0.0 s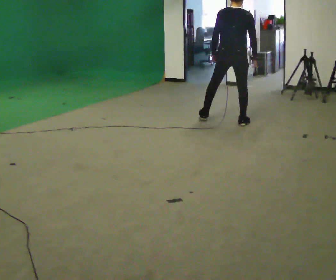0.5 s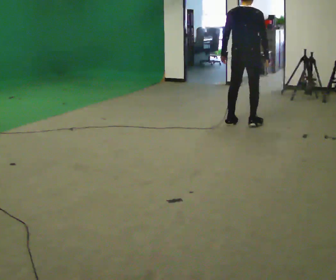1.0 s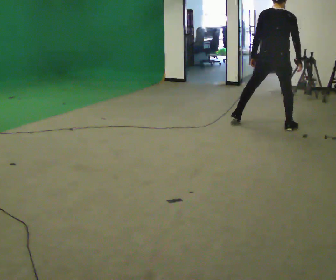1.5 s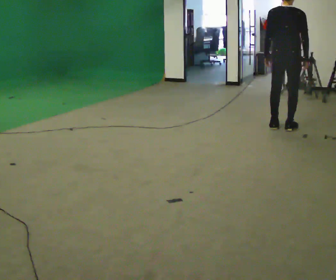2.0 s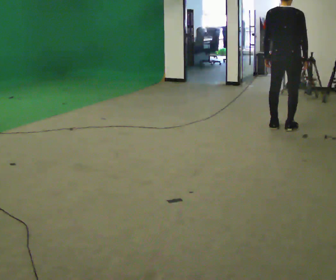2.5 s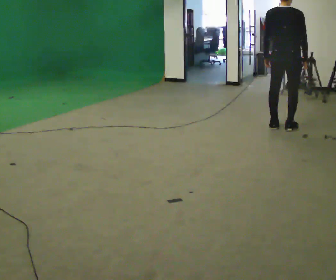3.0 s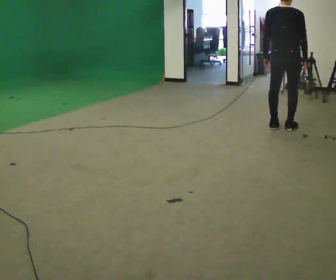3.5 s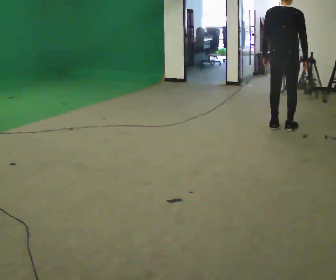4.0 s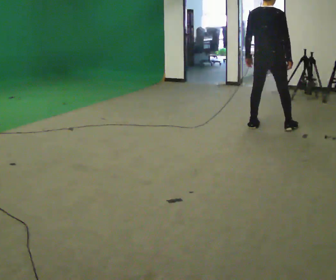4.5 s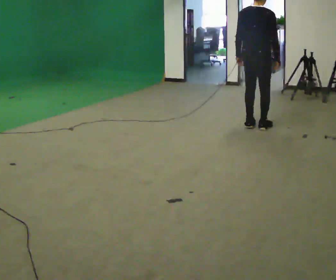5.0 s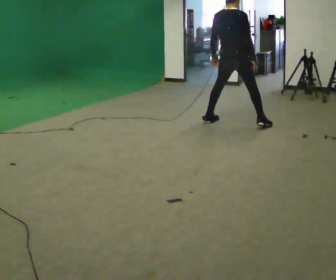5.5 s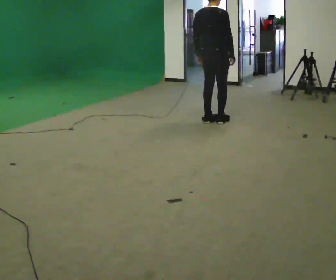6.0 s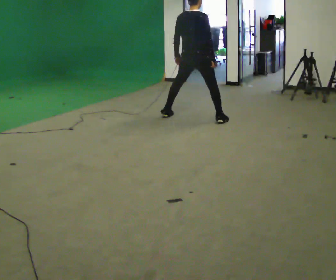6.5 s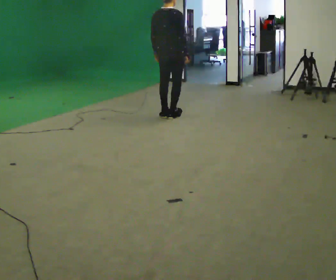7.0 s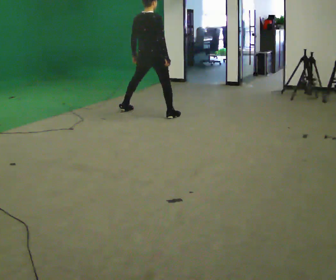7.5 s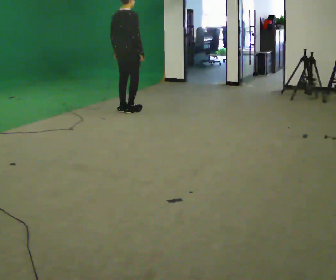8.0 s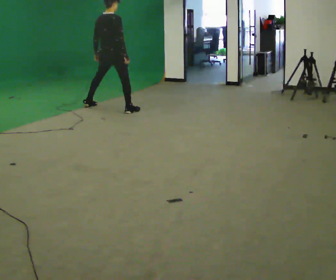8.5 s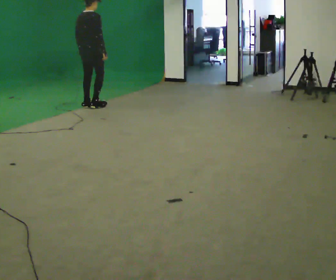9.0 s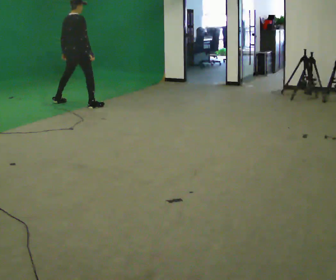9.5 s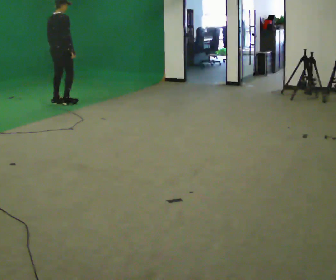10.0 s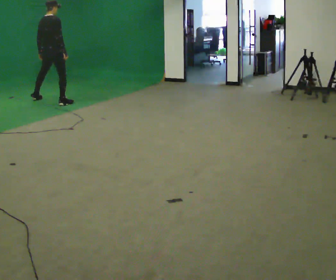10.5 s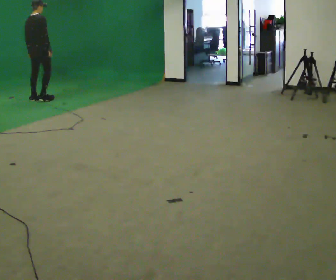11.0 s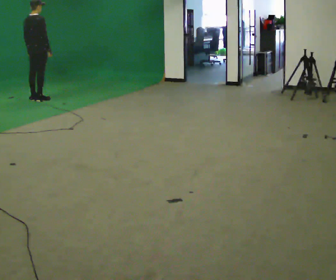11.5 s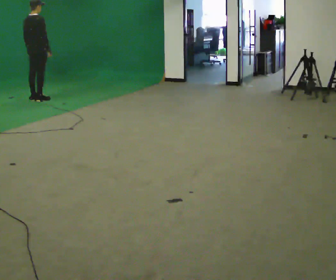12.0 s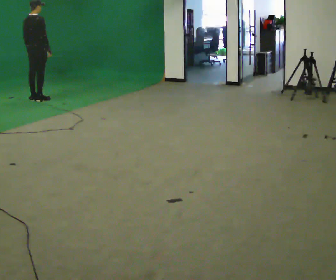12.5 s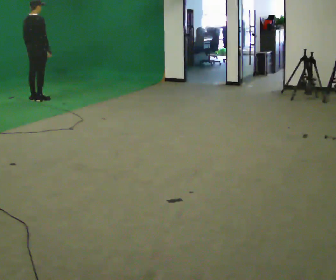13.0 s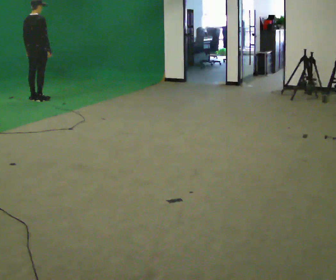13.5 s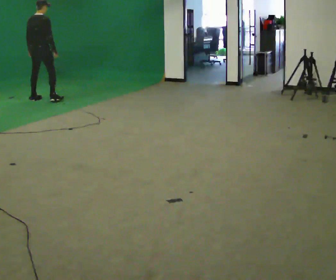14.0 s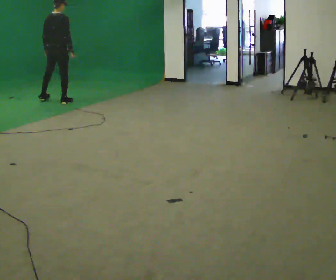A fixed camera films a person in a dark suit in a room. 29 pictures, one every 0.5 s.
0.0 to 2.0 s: In the picture they go to the right and toward the camera, about 0.5 m in 2 steps, which for them is to their right.
2.0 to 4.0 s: In the picture they go to the left, about 0.25 m in 1 step, which for them is to their left.
4.0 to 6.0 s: In the picture they go to the left and away from the camera, about 1 m in 4 steps, which for them is to their left.
6.0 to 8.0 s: In the picture they go to the left and away from the camera, about 1.5 m in 4 steps, which for them is to their left.
8.0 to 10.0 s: In the picture they go to the left and away from the camera, about 1 m in 4 steps, which for them is to their left.
10.0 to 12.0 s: In the picture they go to the left and away from the camera, about 0.25 m in 1 step, which for them is to their left.
12.0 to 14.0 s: In the picture they go to the right and toward the camera, about 0.5 m in 2 steps, which for them is to their right.
The film runs backward here.
